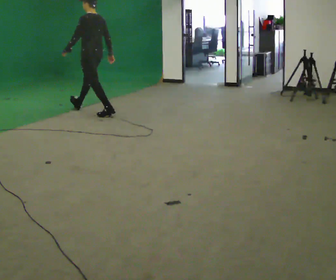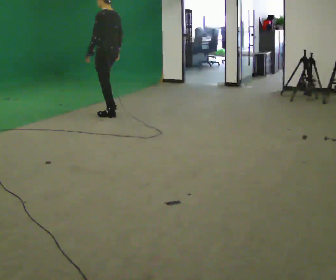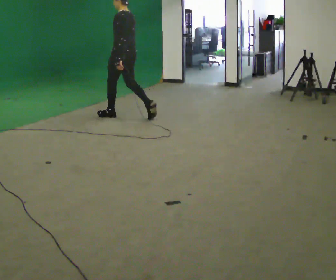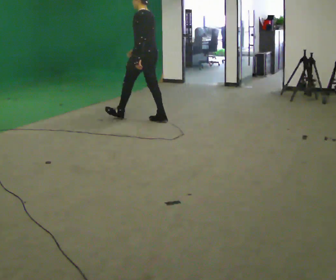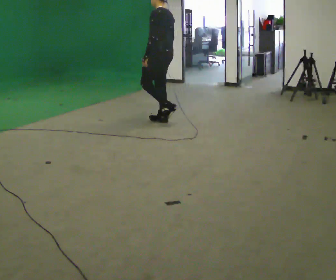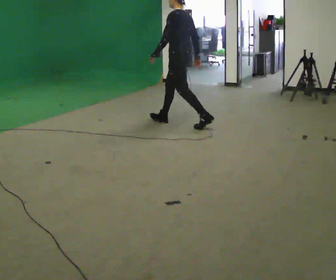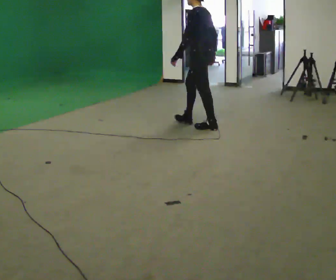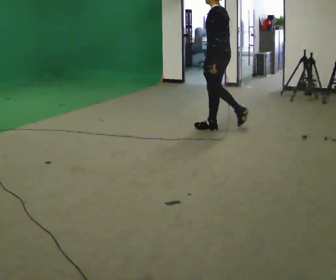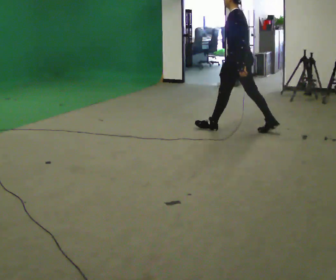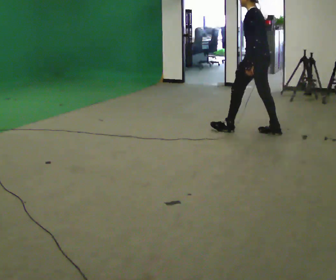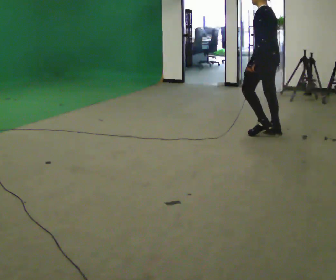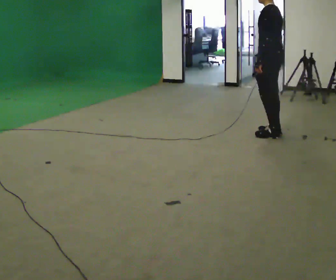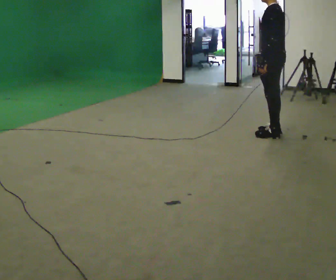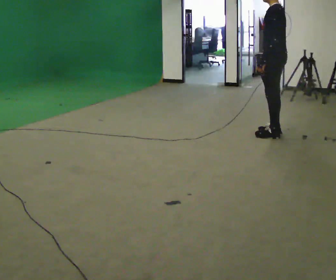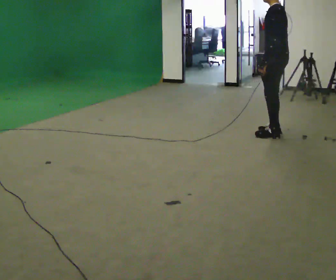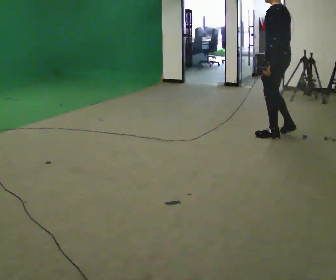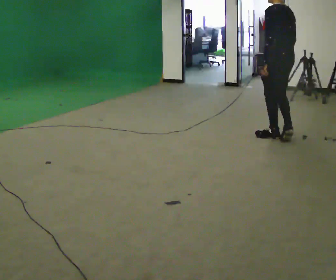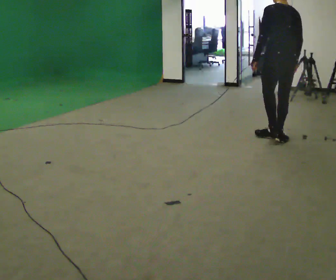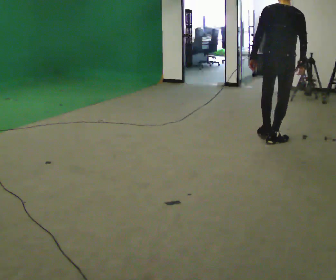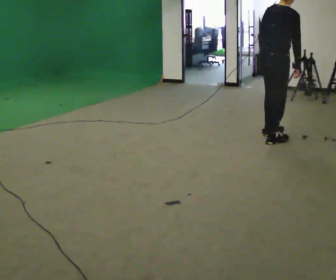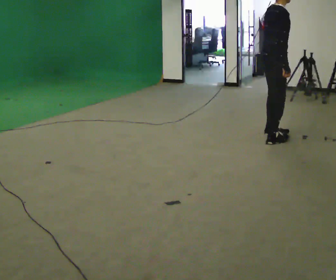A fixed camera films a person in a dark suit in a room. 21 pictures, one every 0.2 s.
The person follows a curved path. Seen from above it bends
clockwise.
The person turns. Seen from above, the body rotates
clockwise.
0.0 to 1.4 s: In the picture they go to the right, about 2 m in 2 steps, which for them is backward.
1.4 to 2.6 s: In the picture they go to the right, about 0.75 m in 1 step, which for them is backward.
2.6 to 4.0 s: The part of the body nearest the lens slides to the left as the person turns to their right by about 150 degrees.
The film runs backward here.
